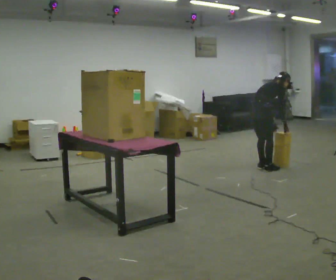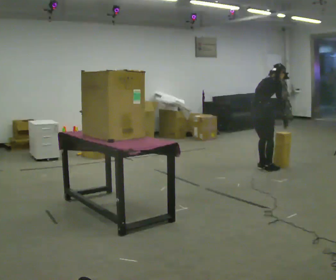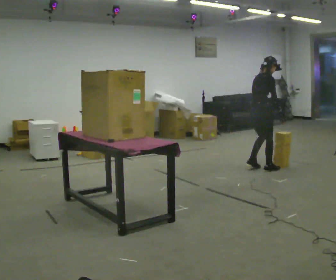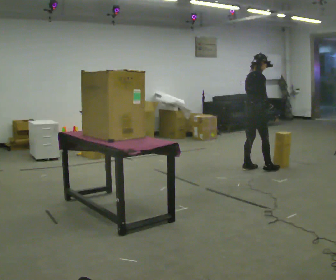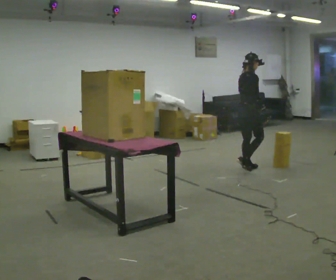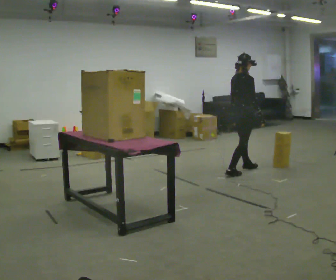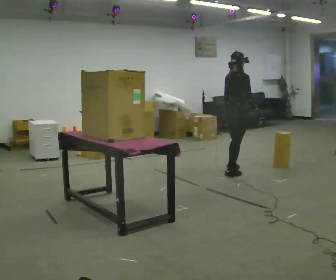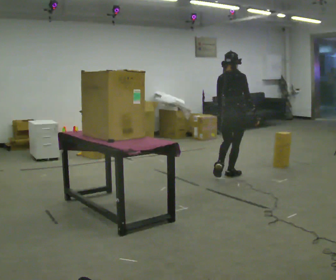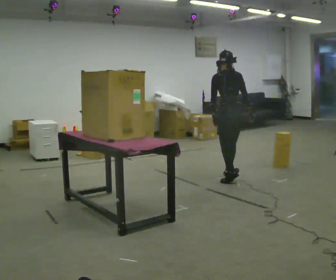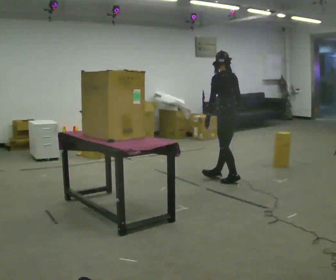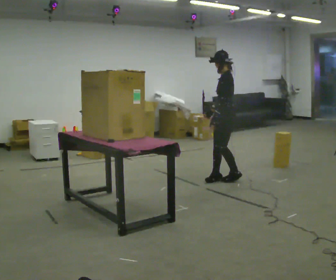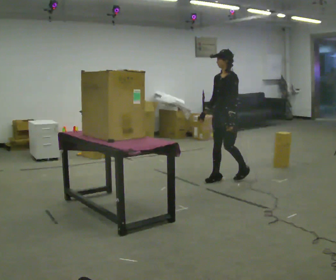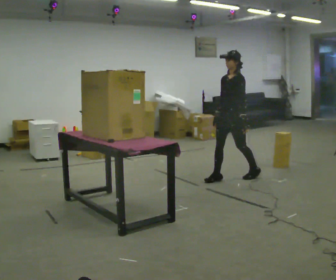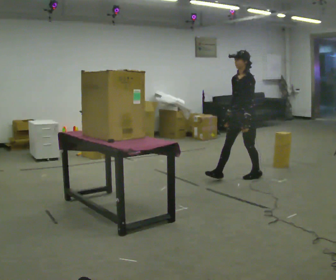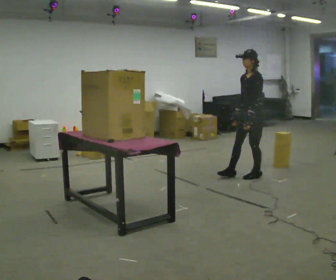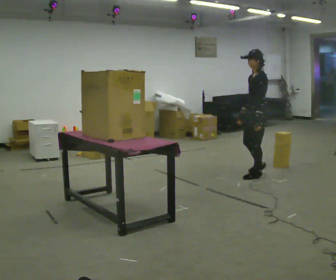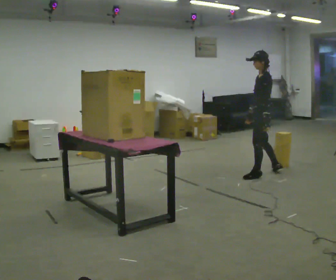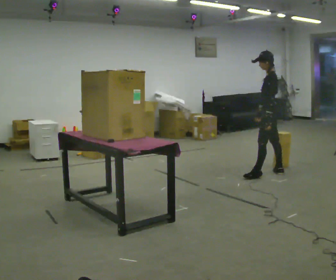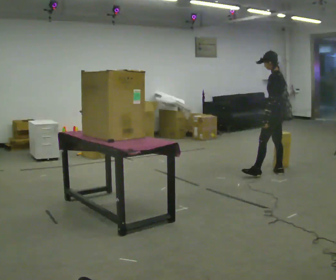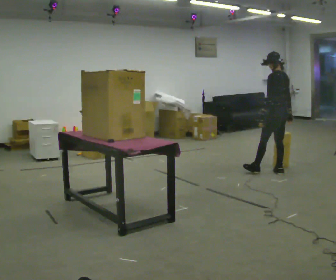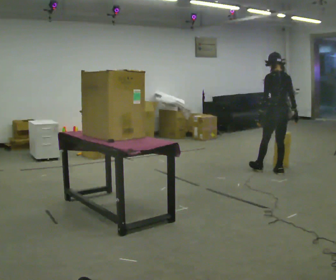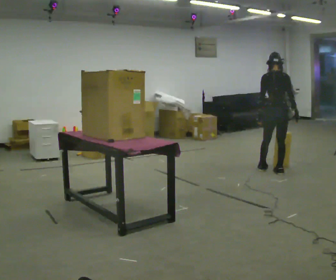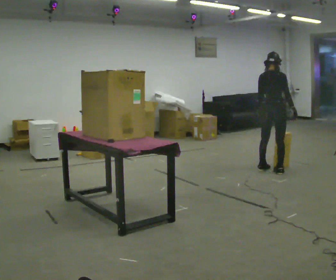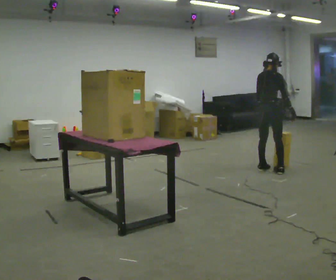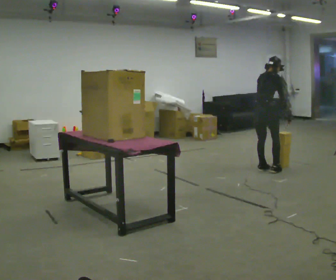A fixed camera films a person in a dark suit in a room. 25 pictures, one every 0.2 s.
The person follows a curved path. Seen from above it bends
counterclockwise.
0.0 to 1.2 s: In the picture they go to the left and toward the camera, about 0.5 m in 3 steps, which for them is backward. The shoulders move upward. In the picture the upper body tilts counterclockwise, shoulders to the left, as they lean back or straighten.
1.2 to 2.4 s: Seen from above the body turns counterclockwise, about 180 degrees: to their left, with its near side sliding to the right. In the picture they go toward the camera, about 0.25 m in 2 steps.
2.4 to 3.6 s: Seen from above the body turns clockwise, about 60 degrees: to their right, with its near side sliding to the left. In the picture they go to the right, about 0.5 m in 1 step.
3.6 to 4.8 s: The person turns about 105 degrees to their right, clockwise seen from above, so the part of the body nearest the lens slides to the left. In the picture they go away from the camera, about 0.25 m in 1 step.
The film runs backward here.
